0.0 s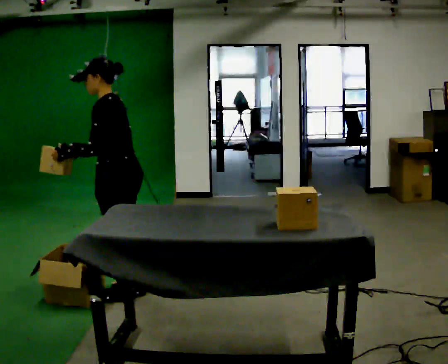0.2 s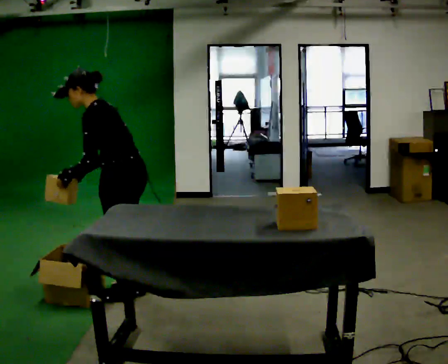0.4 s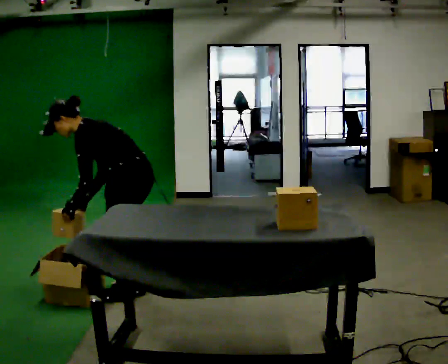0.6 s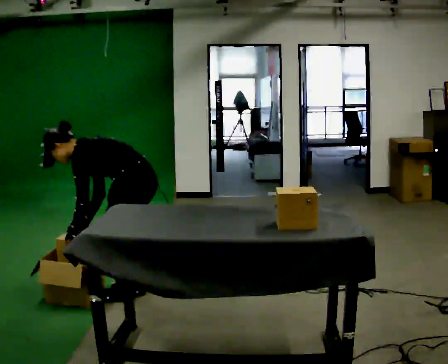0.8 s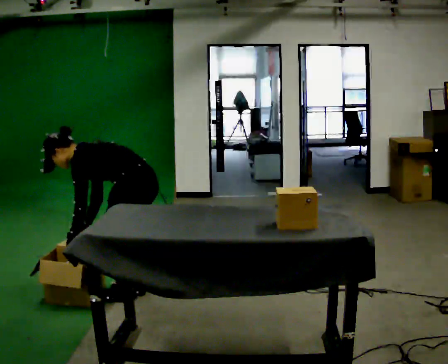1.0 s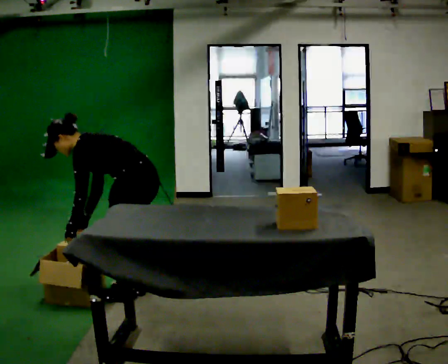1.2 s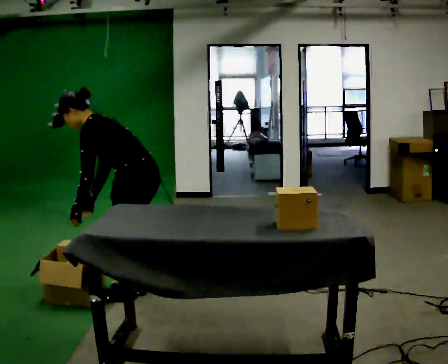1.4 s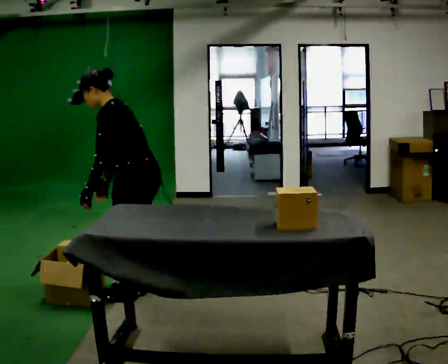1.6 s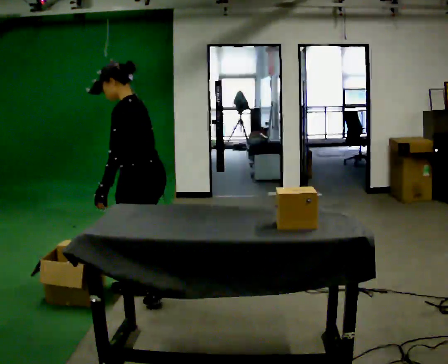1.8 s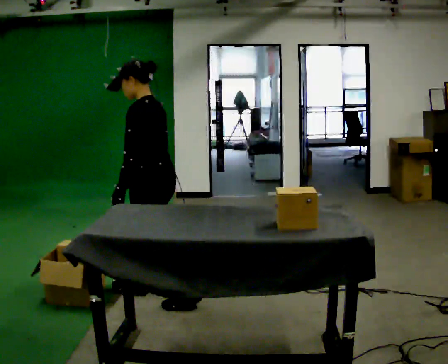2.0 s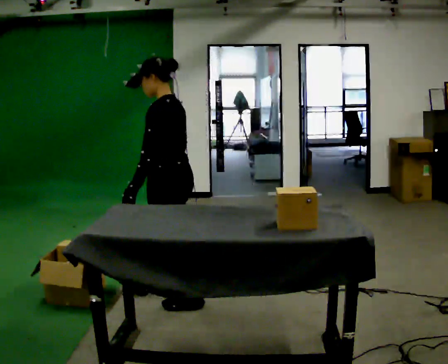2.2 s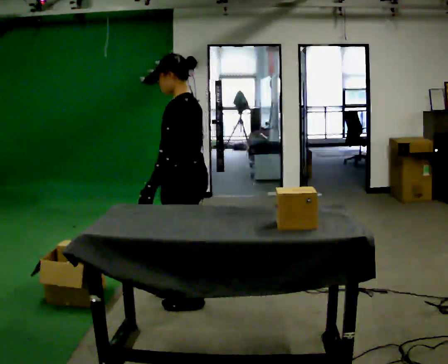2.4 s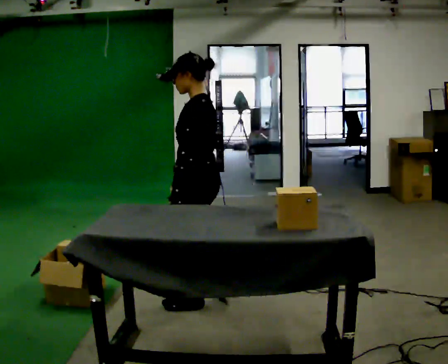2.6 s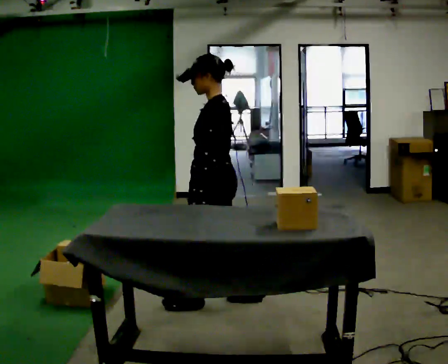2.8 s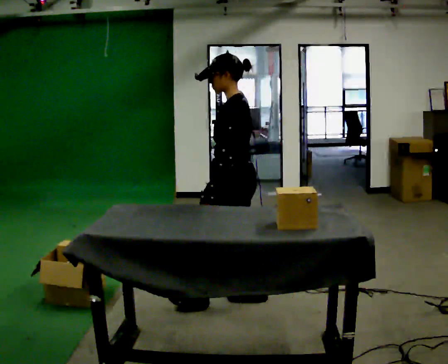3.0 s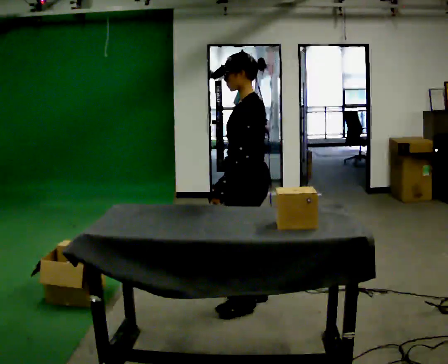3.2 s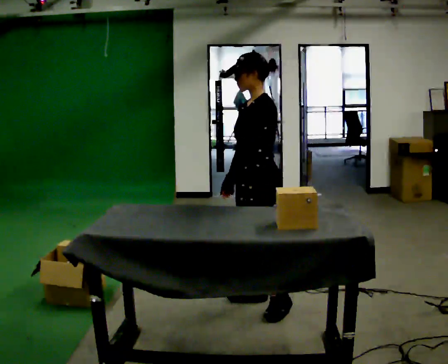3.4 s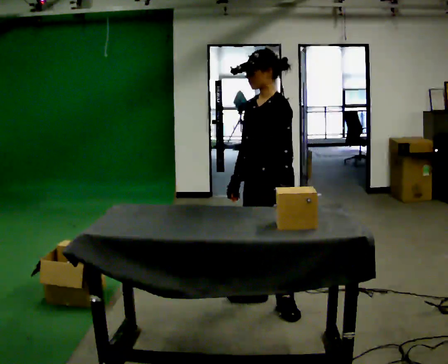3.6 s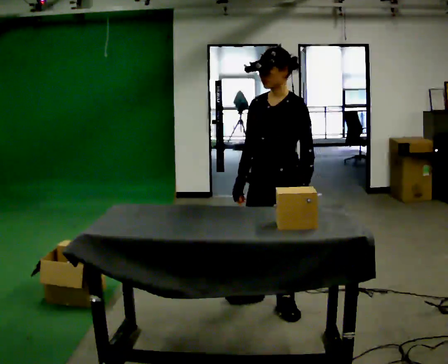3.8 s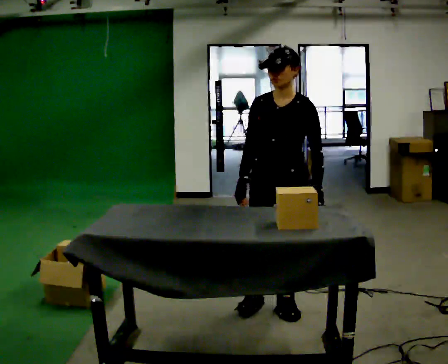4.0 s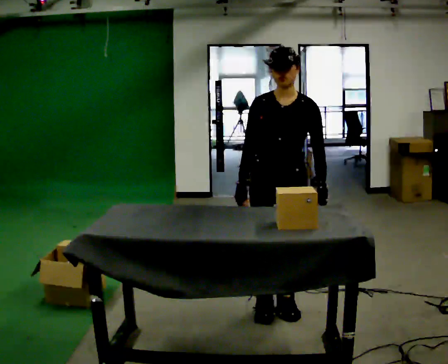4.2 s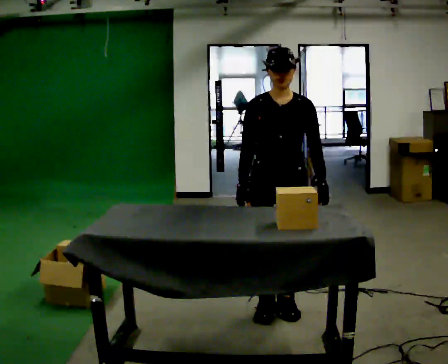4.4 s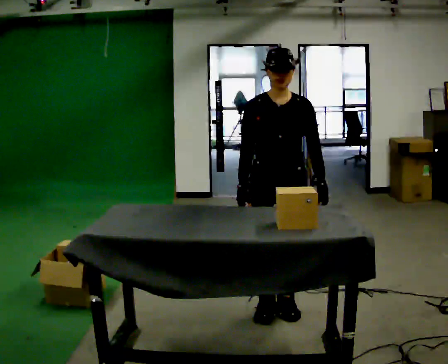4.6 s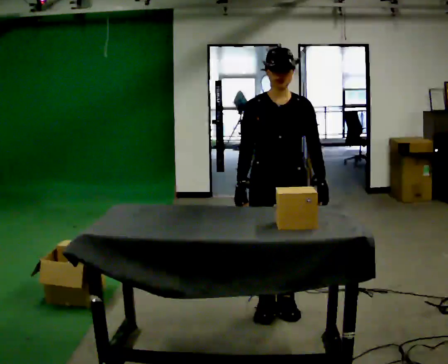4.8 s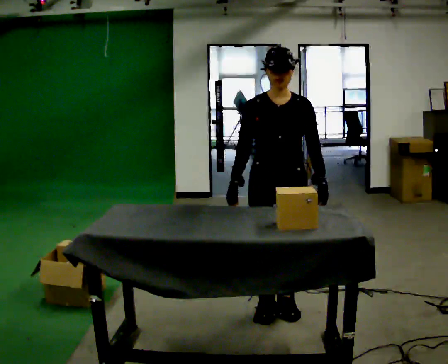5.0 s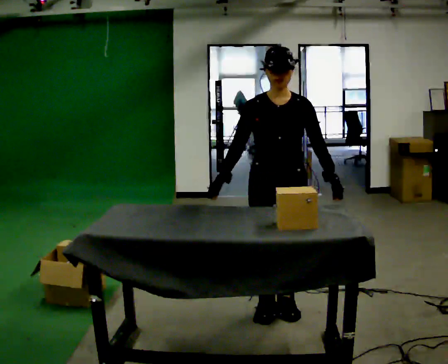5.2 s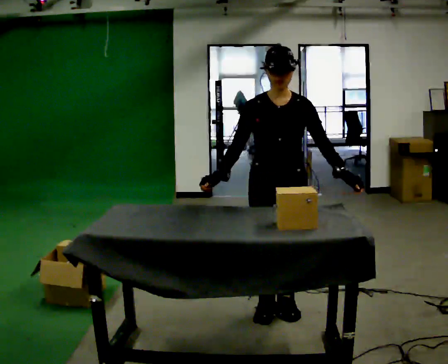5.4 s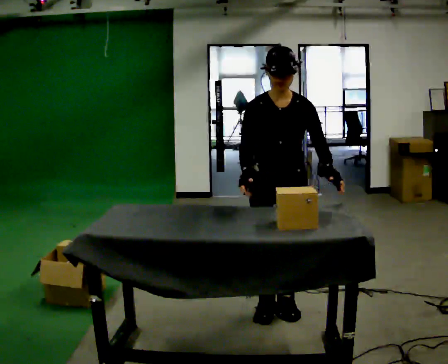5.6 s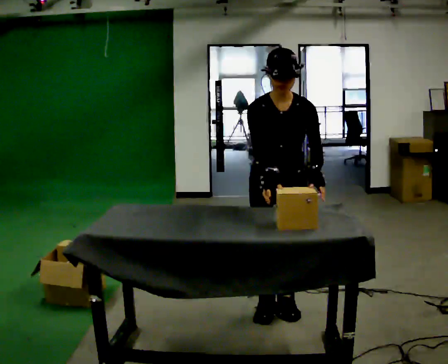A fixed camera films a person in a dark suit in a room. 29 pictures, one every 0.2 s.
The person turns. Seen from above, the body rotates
counterclockwise.
The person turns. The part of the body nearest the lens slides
to the right.
0.0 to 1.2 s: In the picture their left hand goes downward.
1.2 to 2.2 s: In the picture they go to the right, about 0.25 m in 2 steps, which for them is backward. The shoulders move upward. In the picture the upper body tilts clockwise, shoulders to the right, as they lean back or straighten.
2.2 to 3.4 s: Seen from above the body turns counterclockwise, about 45 degrees: to their left, with its near side sliding to the right. In the picture they go to the right, about 0.5 m in 1 step, which for them is backward.
3.4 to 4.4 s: Seen from above the body turns counterclockwise, about 60 degrees: to their left, with its near side sliding to the right.
4.4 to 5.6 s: The upper body tips toward the camera, its near side rolling downward, as they bend forward.
The film runs backward here.
